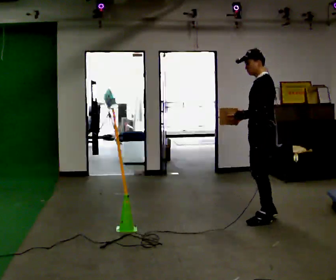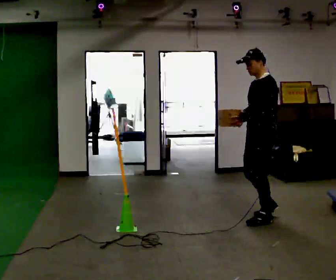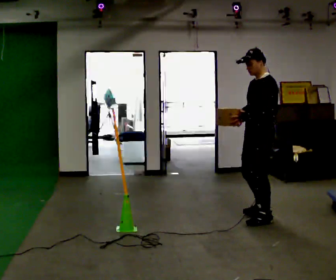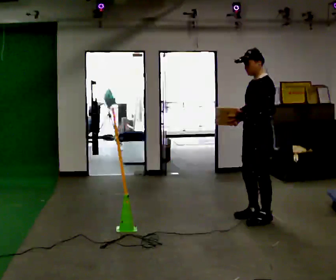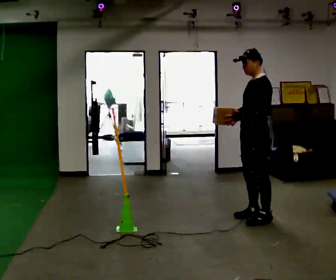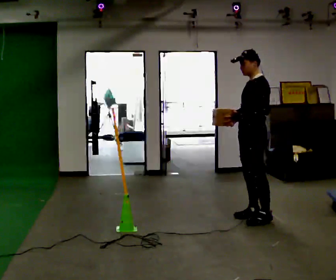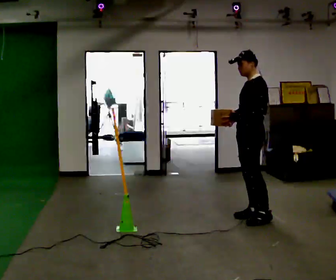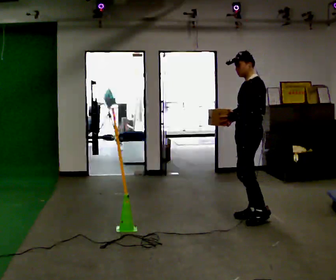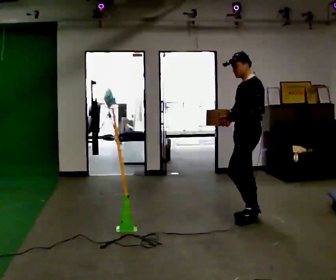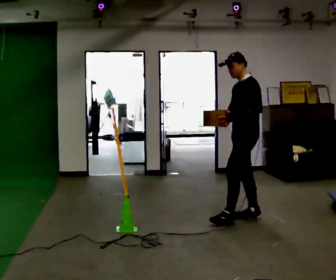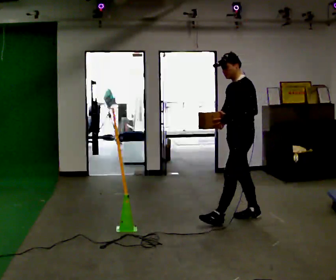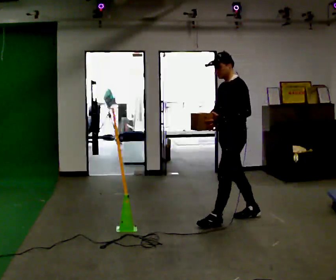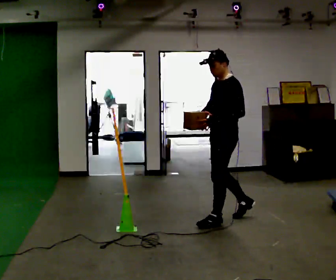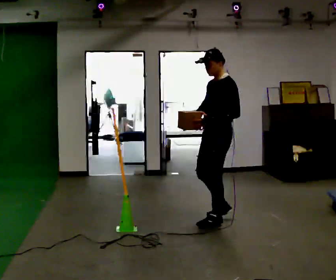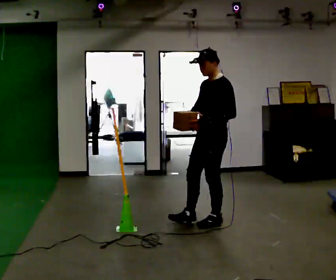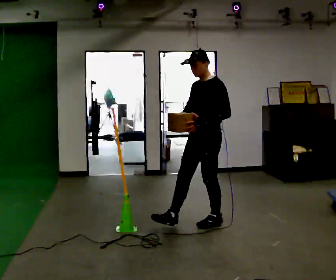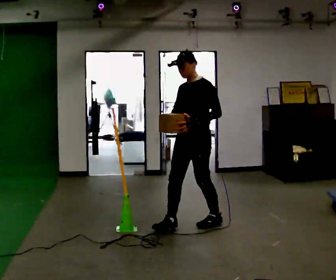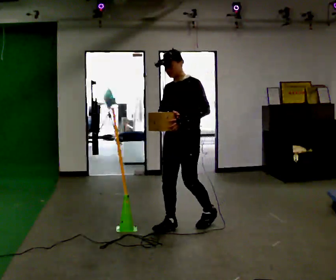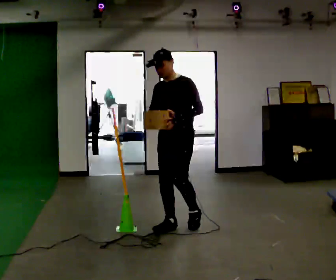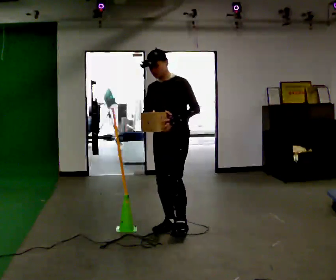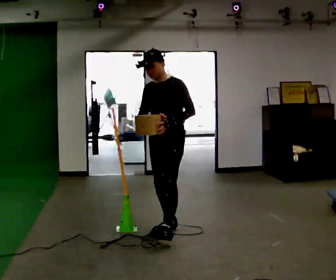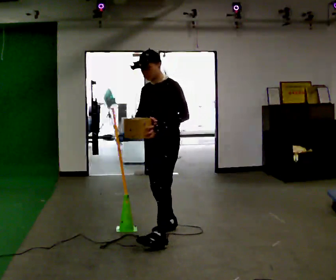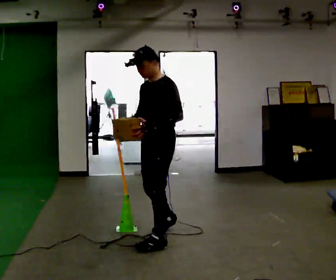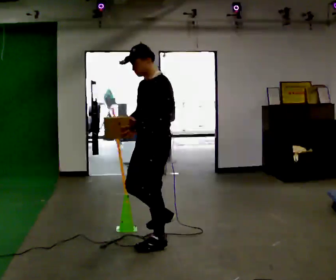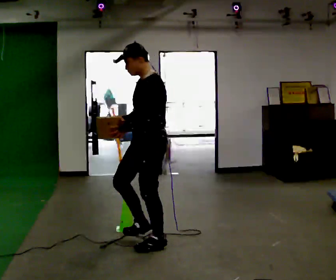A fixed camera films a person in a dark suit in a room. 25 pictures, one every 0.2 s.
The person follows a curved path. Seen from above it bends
counterclockwise.
0.0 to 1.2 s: The person moves a little, or ends about where they began.
1.2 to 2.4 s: In the picture they go to the left and toward the camera, about 0.25 m in 1 step, which for them is forward.
2.4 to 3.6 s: Seen from above the body turns counterclockwise, about 45 degrees: to their left, with its near side sliding to the right. In the picture they go to the left and toward the camera, about 0.5 m in 1 step, which for them is forward.
3.6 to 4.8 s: The person turns about 30 degrees to their right, clockwise seen from above, so the part of the body nearest the lens slides to the left. In the picture they go toward the camera, about 0.5 m in 1 step, which for them is forward and to their left.
The film runs forward here.
